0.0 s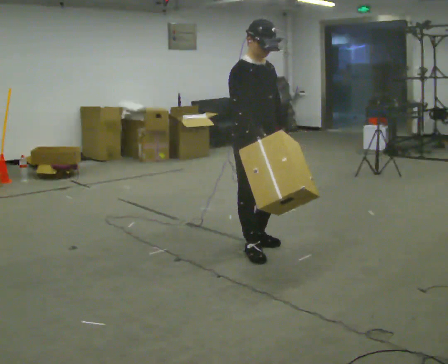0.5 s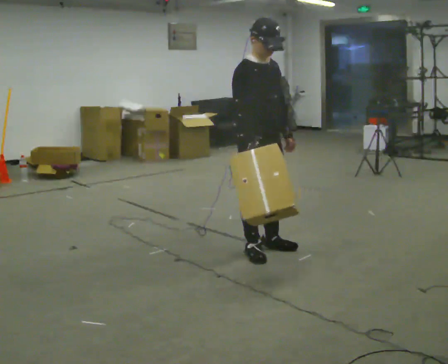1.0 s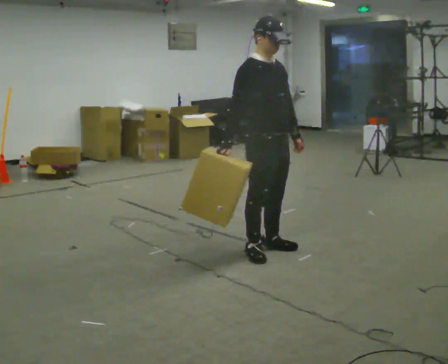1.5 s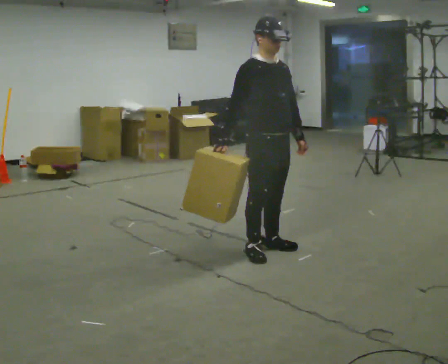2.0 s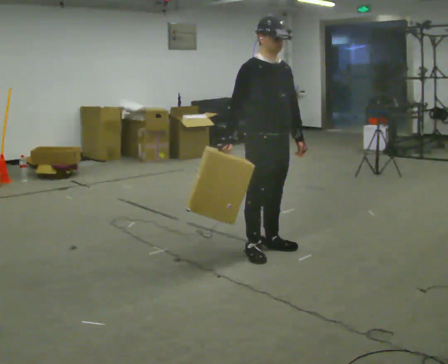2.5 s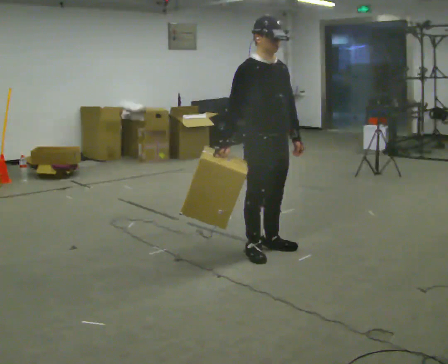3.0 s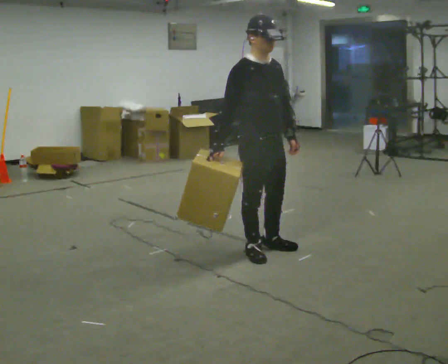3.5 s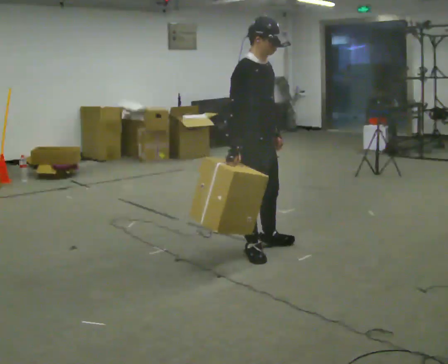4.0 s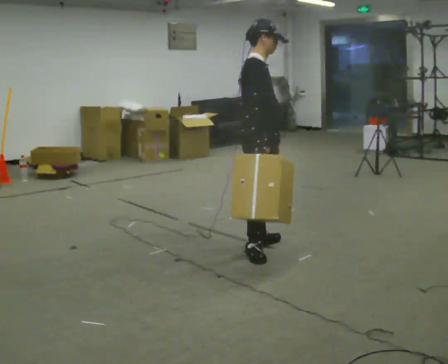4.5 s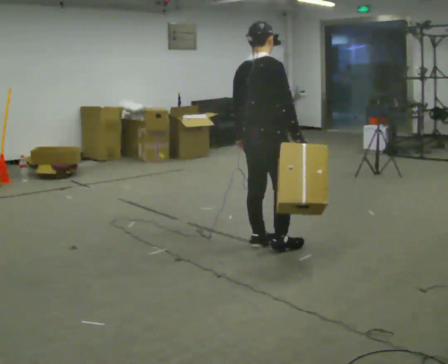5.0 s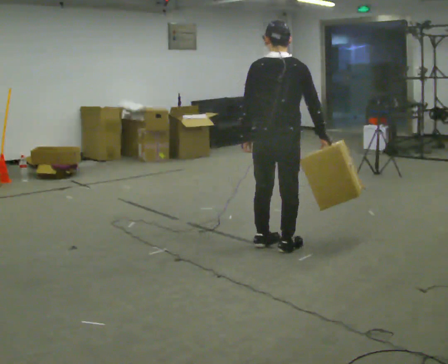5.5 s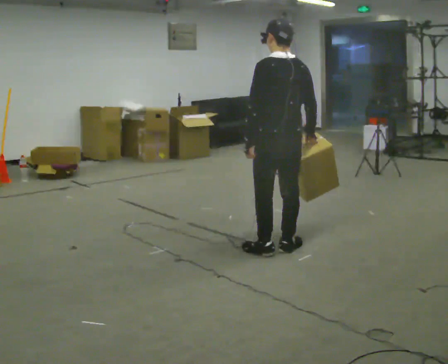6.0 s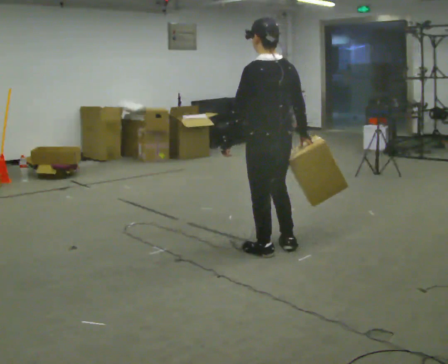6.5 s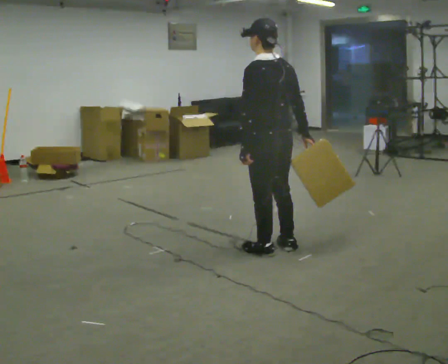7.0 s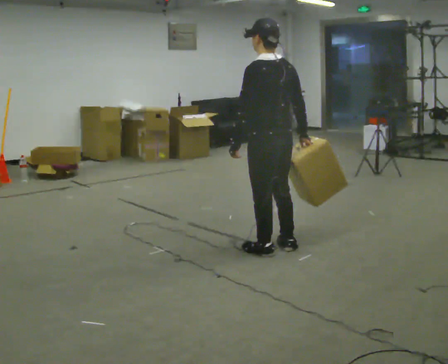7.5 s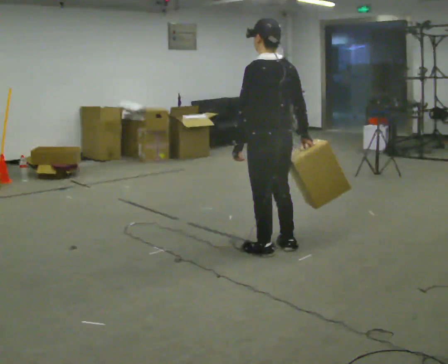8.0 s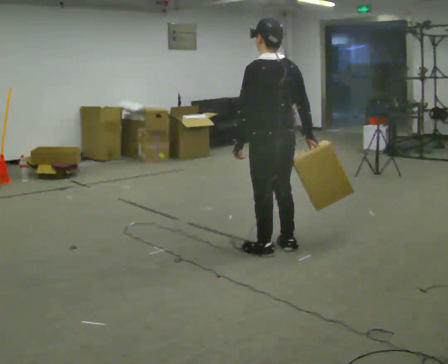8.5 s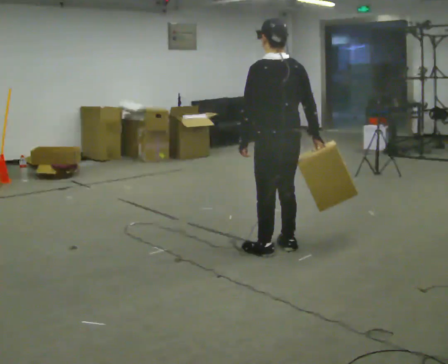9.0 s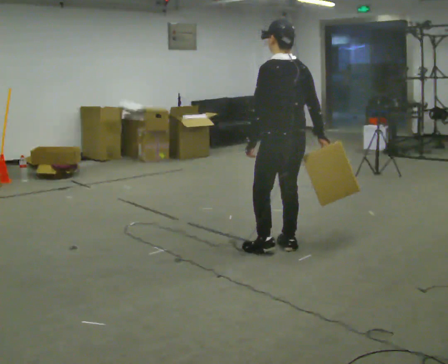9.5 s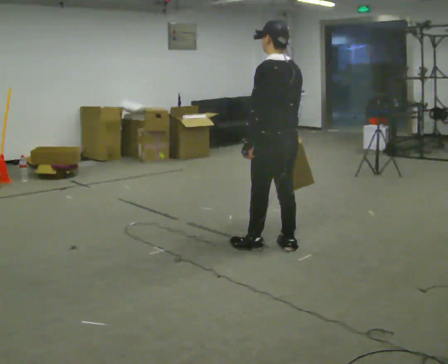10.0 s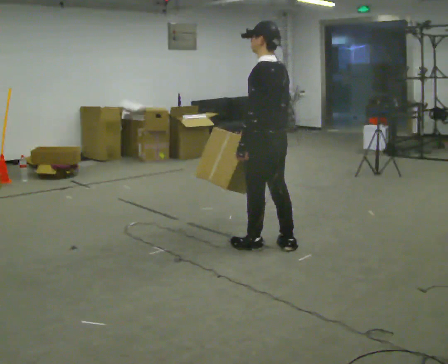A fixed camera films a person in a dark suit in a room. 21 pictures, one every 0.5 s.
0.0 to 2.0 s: The person moves a little, or ends about where they began.
2.0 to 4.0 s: Seen from above the body turns counterclockwise, about 60 degrees: to their left, with its near side sliding to the right.
4.0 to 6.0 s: The part of the body nearest the lens slides to the right as the person turns to their left by about 120 degrees.
6.0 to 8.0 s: The person moves a little, or ends about where they began.
8.0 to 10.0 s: In the picture their right hand goes to the left.
The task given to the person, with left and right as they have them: Carry the object in the hand the operator calls, down at your side, walking back and forth across the room.
The film runs forward here.
